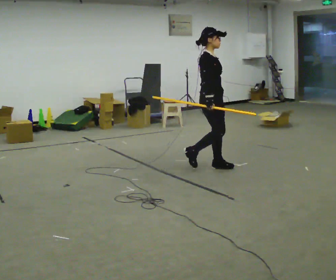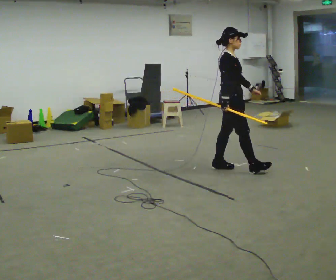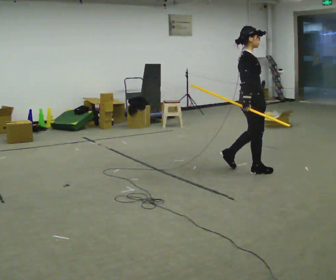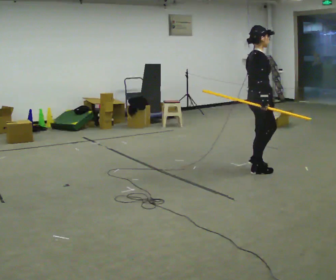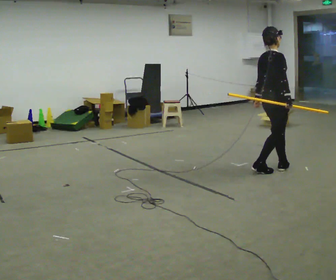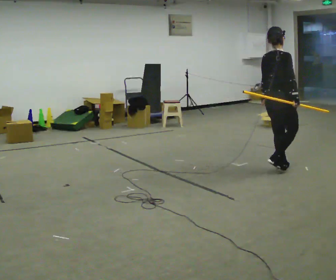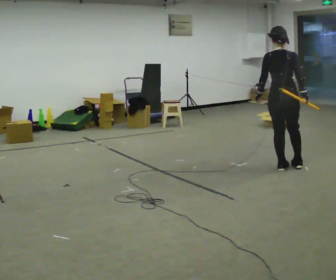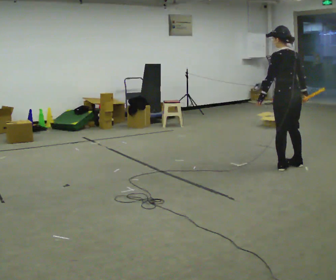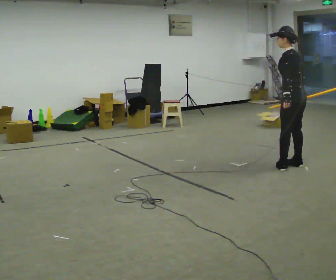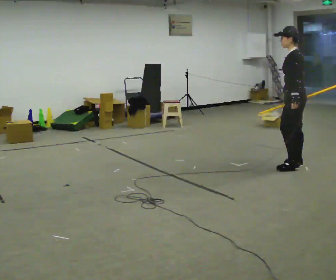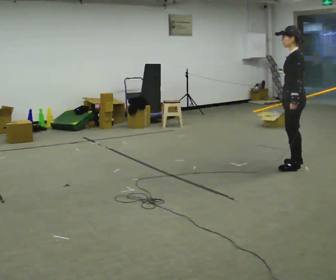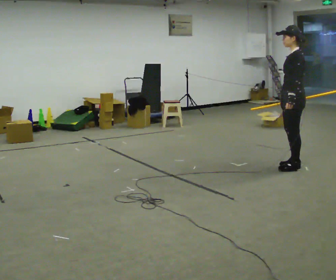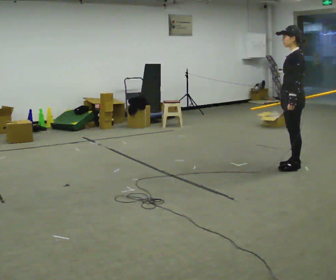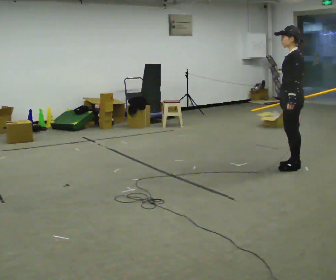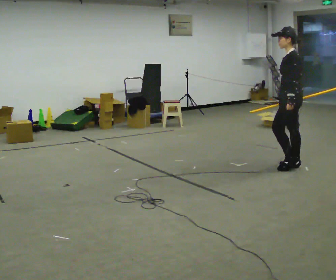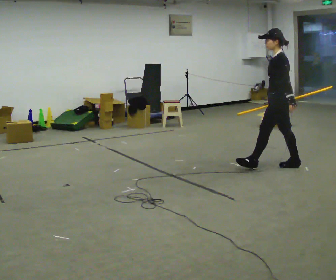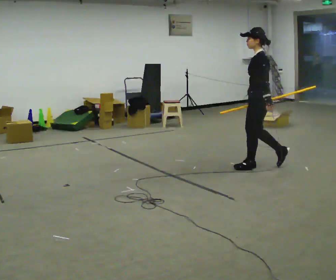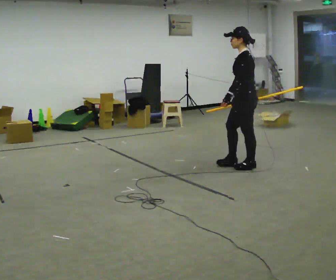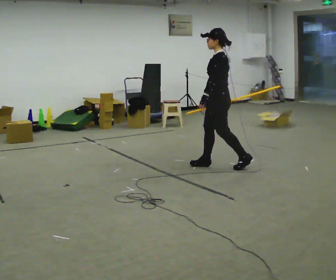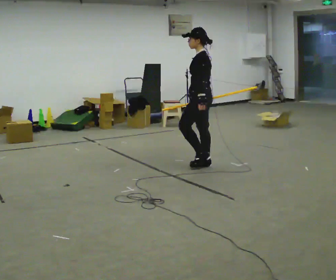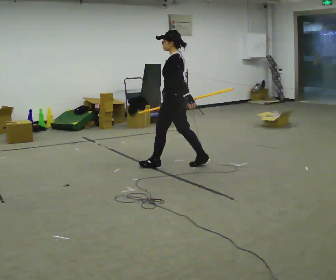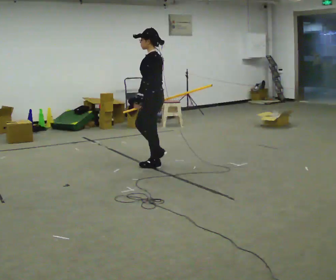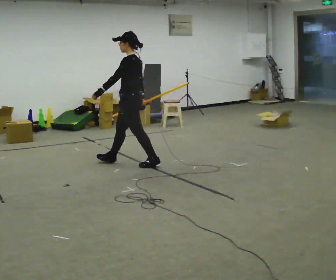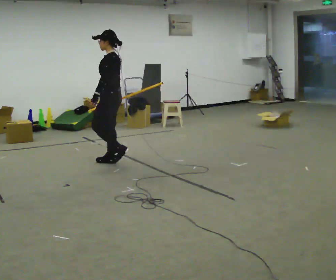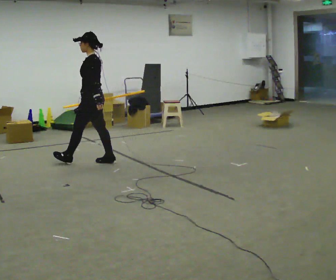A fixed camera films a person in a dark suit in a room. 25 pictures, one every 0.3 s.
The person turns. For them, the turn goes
to their left.
The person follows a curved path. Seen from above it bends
counterclockwise.
0.0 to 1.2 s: Seen from above the body turns counterclockwise, about 45 degrees: to their left, with its near side sliding to the right. In the picture they go to the right, about 0.5 m in 2 steps, which for them is forward.
1.2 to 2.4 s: Seen from above the body turns counterclockwise, about 120 degrees: to their left, with its near side sliding to the right. In the picture they go to the right and away from the camera, about 0.25 m in 1 step.
2.4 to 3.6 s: The part of the body nearest the lens slides to the right as the person turns to their left by about 30 degrees.
3.6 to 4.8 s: In the picture they go to the left, about 0.5 m in 1 step, which for them is forward.
4.8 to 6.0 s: In the picture they go to the left, about 1 m in 2 steps, which for them is forward.
6.0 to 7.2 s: In the picture they go to the left, about 1 m in 1 step, which for them is forward.
The film runs forward here.
